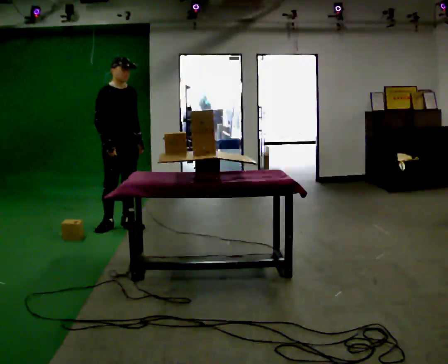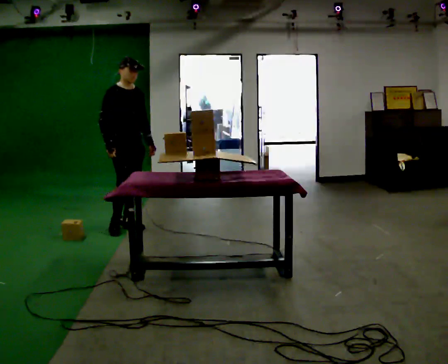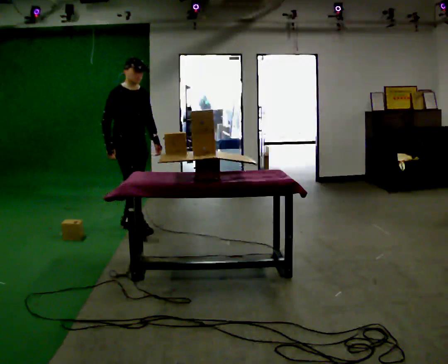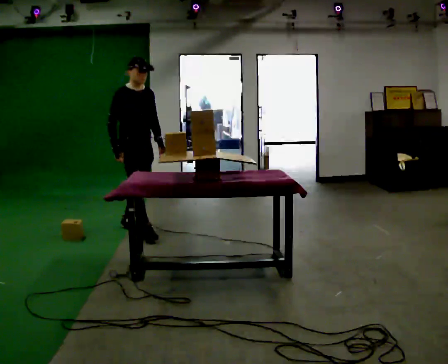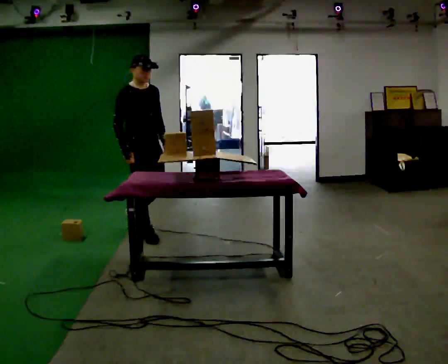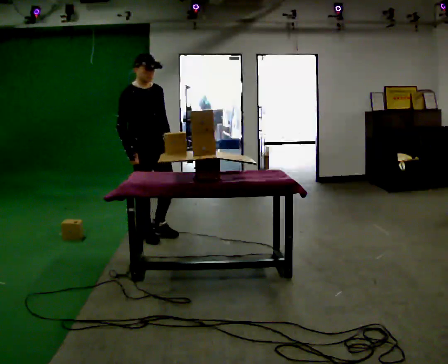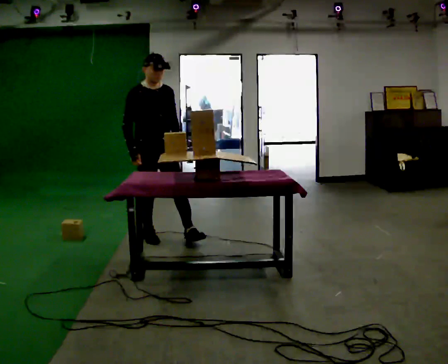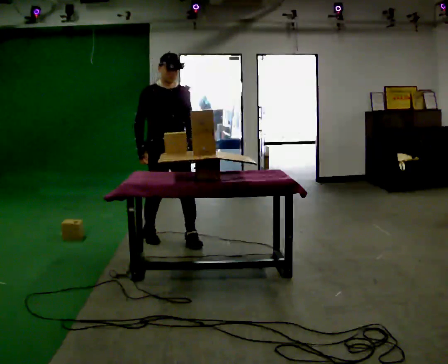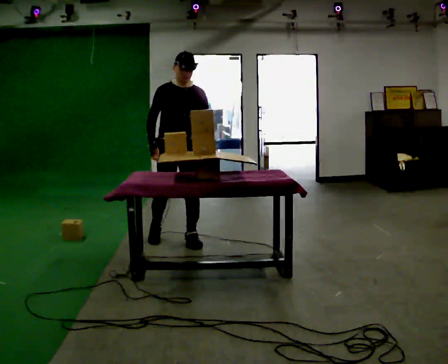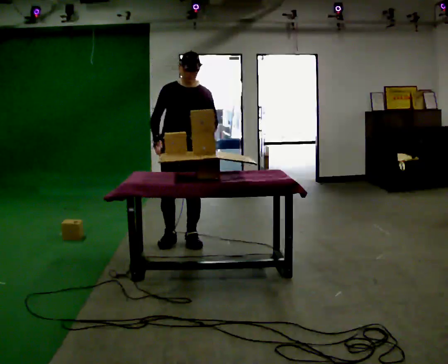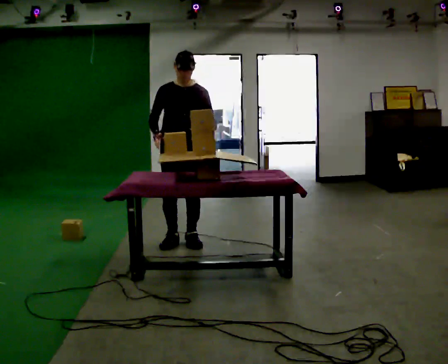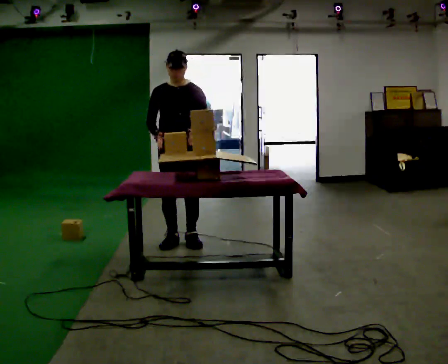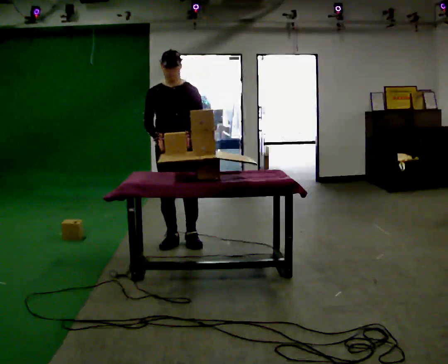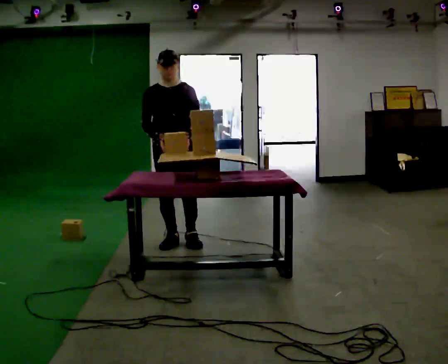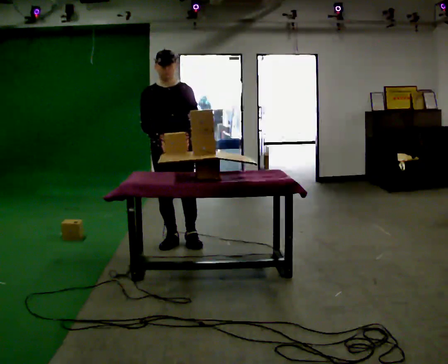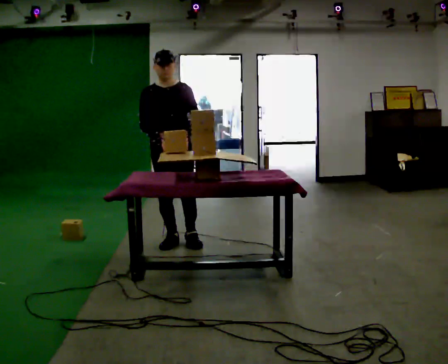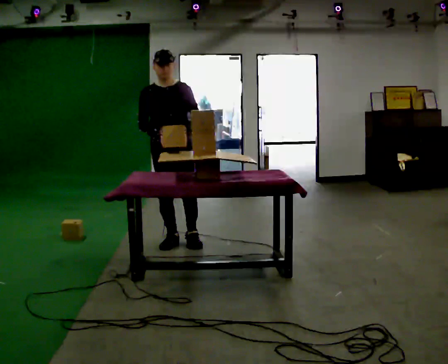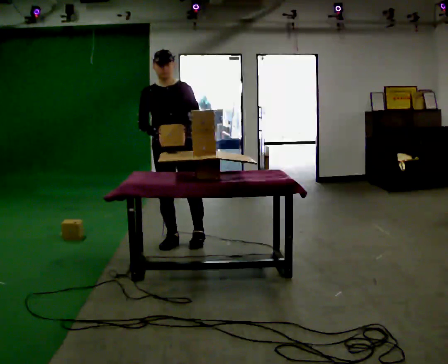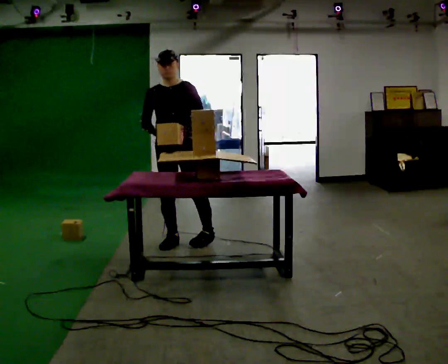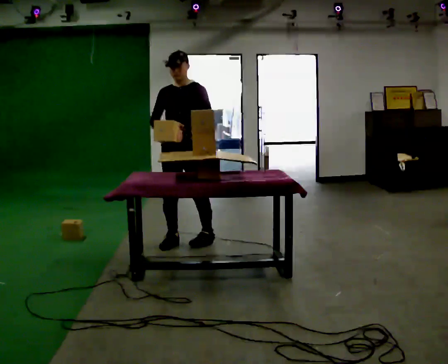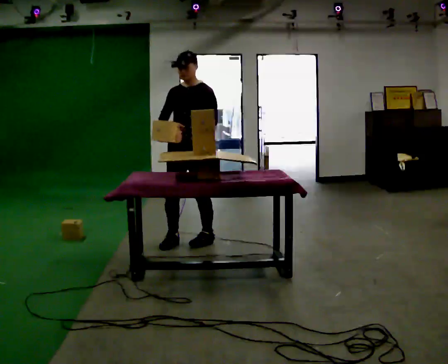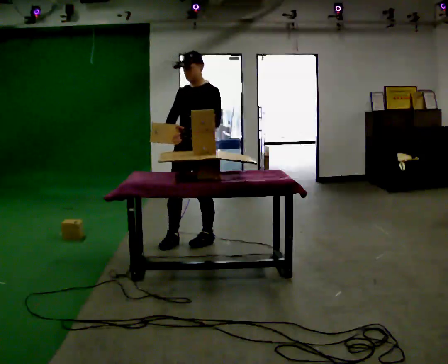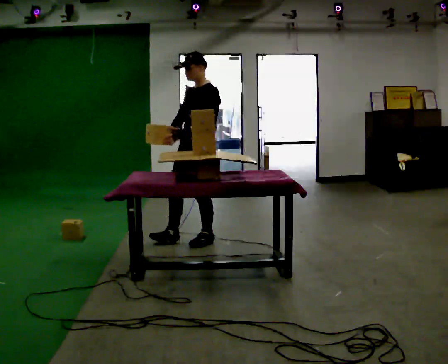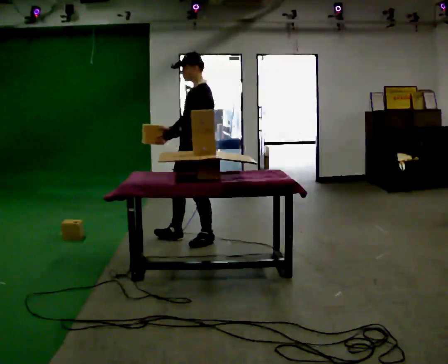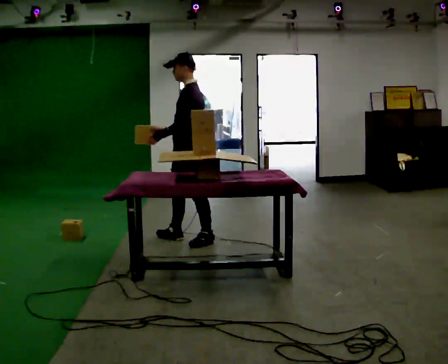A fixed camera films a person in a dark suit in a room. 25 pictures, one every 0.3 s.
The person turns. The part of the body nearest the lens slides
to the left.
The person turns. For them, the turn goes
to their right.
0.0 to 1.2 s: In the picture they go toward the camera and to the right, about 0.5 m in 1 step, which for them is forward.
1.2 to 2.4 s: Seen from above the body turns clockwise, about 30 degrees: to their right, with its near side sliding to the left. In the picture they go to the right and toward the camera, about 0.5 m in 1 step, which for them is forward and to their left.
2.4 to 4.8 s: The person moves a little, or ends about where they began.
4.8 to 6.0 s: Seen from above the body turns clockwise, about 30 degrees: to their right, with its near side sliding to the left. In the picture they go to the right, about 0.25 m in 1 step, which for them is to their left.
6.0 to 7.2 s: The person turns about 60 degrees to their right, clockwise seen from above, so the part of the body nearest the lens slides to the left.
The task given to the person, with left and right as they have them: Carry the object over and set it down on the wobbly board without tipping it over. Keep going until the operator says stop; one object at a time, and do not rush between trips.
The film runs forward here.
